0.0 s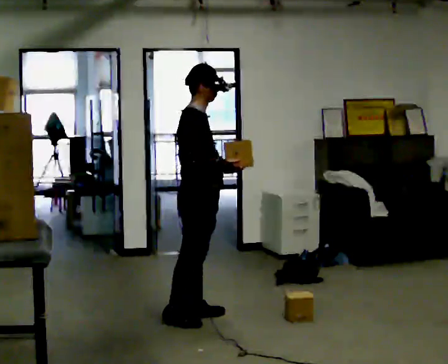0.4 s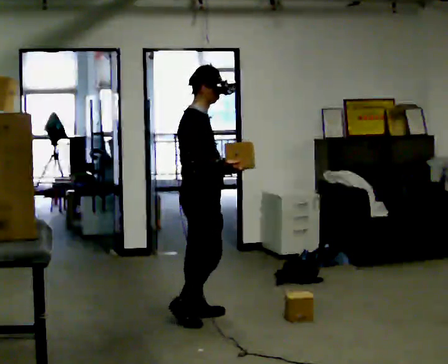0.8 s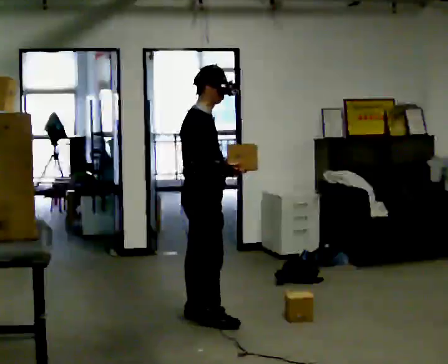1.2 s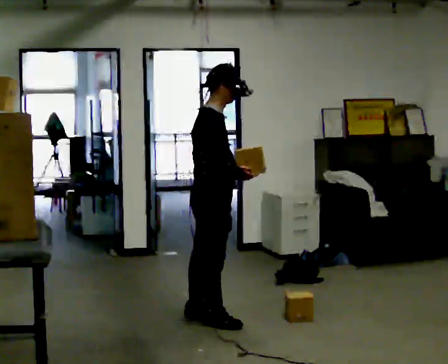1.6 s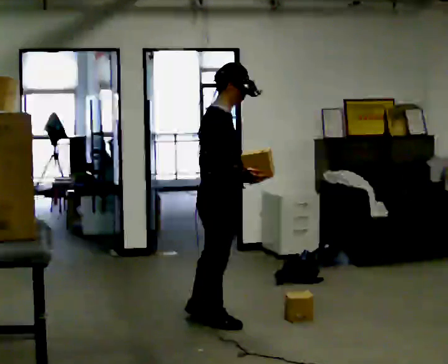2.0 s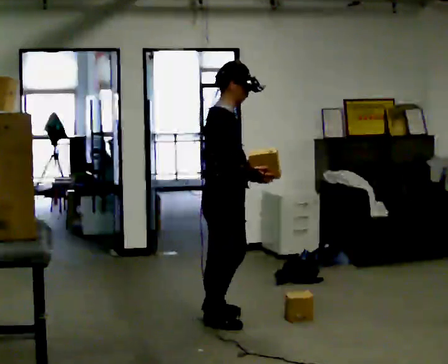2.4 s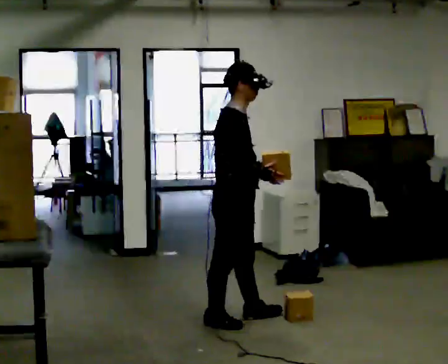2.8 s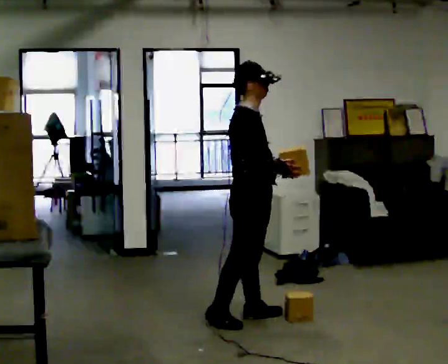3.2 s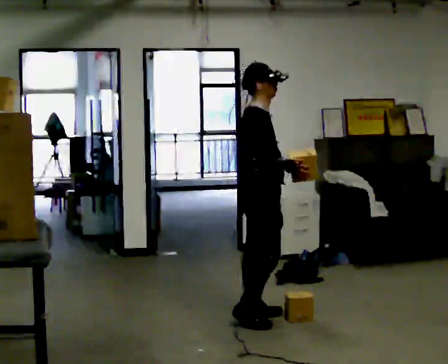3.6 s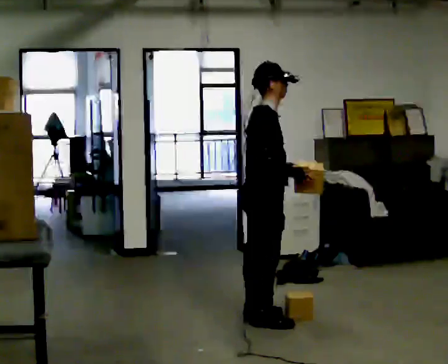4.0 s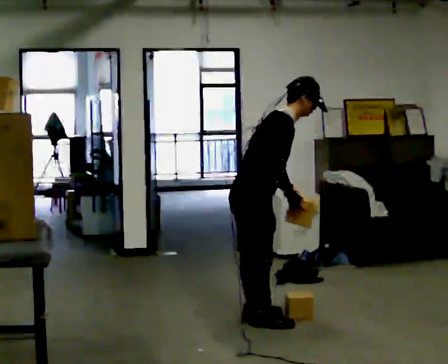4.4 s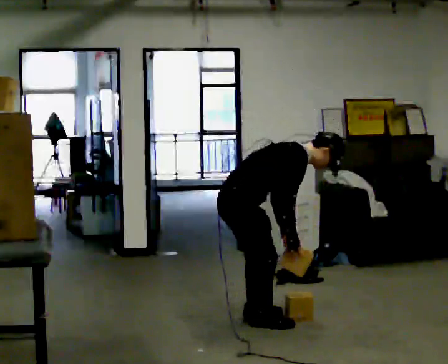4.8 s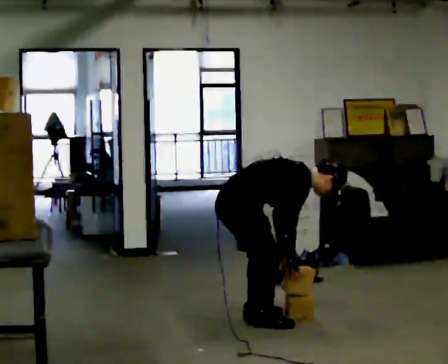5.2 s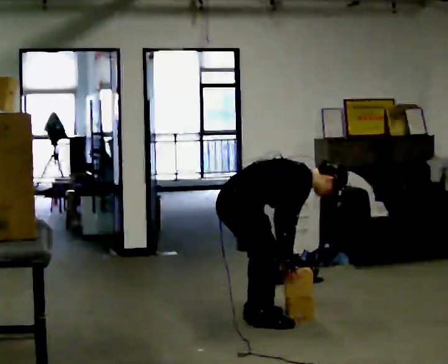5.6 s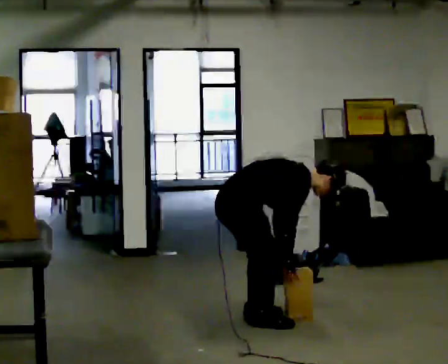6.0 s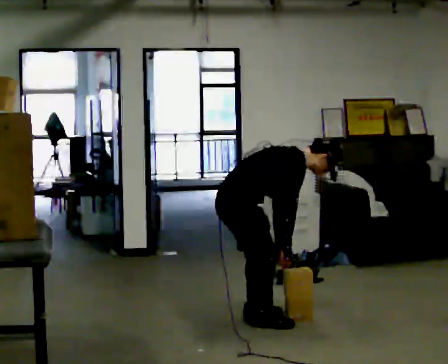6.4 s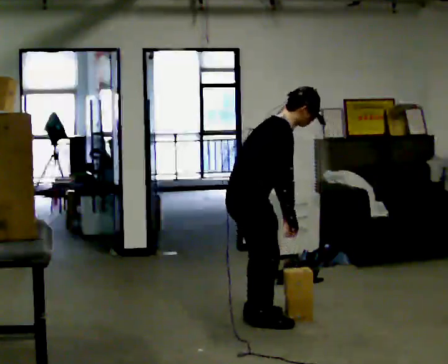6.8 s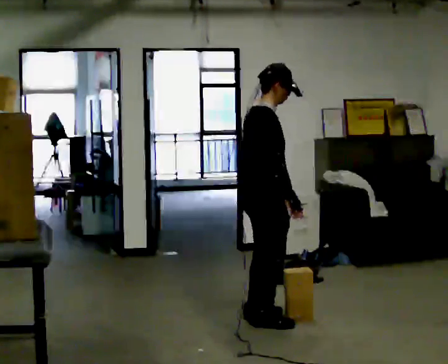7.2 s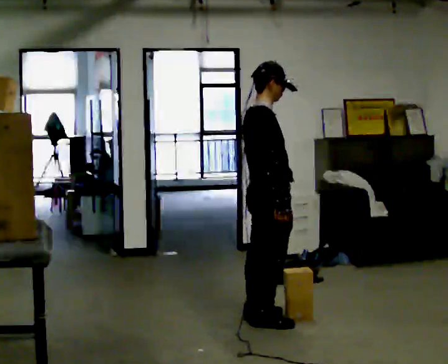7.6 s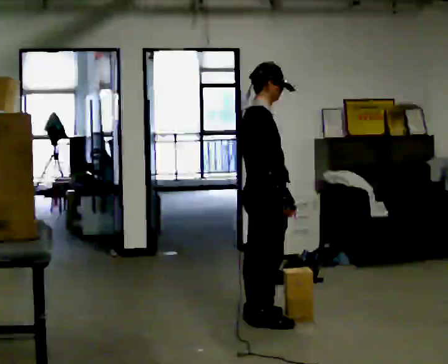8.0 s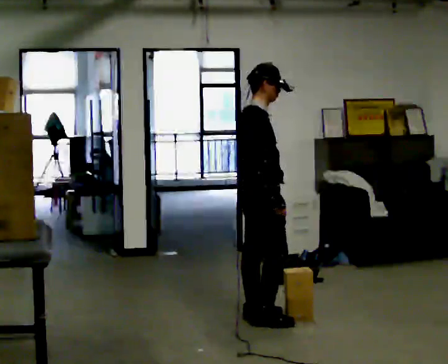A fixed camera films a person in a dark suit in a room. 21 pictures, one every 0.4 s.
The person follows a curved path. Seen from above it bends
counterclockwise.
0.0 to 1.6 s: In the picture they go toward the camera, about 0.25 m in 1 step, which for them is to their right and forward.
1.6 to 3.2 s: In the picture they go to the right, about 0.25 m in 1 step, which for them is forward and to their left.
3.2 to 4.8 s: In the picture they go to the left, about 0.25 m in 1 step, which for them is backward. The shoulders move downward. In the picture the upper body tilts clockwise, shoulders to the right, as they bend forward. In the picture their left hand goes downward.
4.8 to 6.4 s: The upper body goes upward. In the picture the upper body tilts counterclockwise, shoulders to the left, as they lean back or straighten. In the picture their left hand goes upward.
6.4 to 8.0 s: In the picture the upper body tilts counterclockwise, shoulders to the left, as they lean back or straighten.
The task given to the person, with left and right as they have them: Take an object down from the highest shelf you can comfortably reach, carry it across the room, and set it on the floor. Keep going until the operator says stop; one object at a time, and do not rush between trips.
The film runs forward here.
